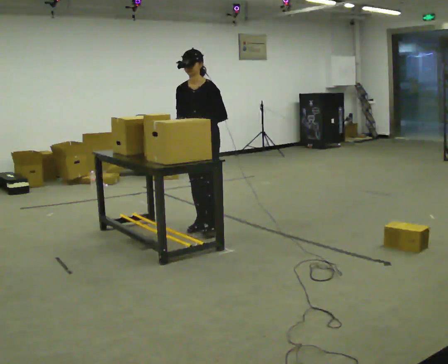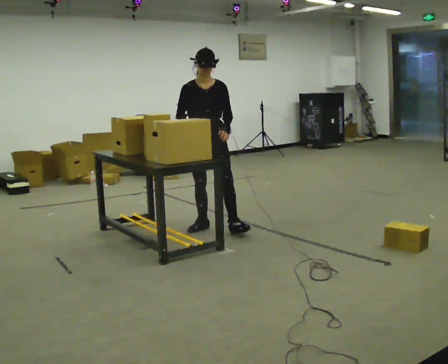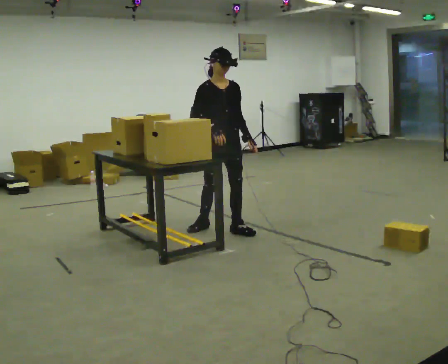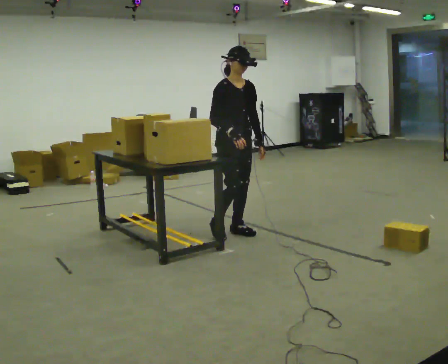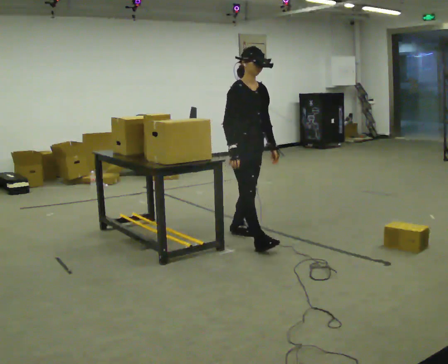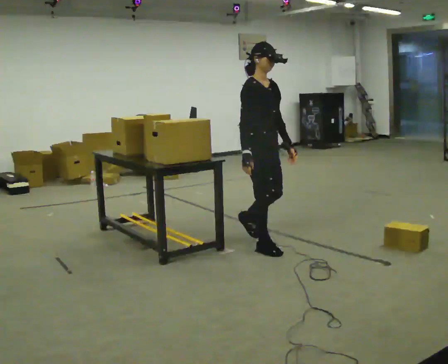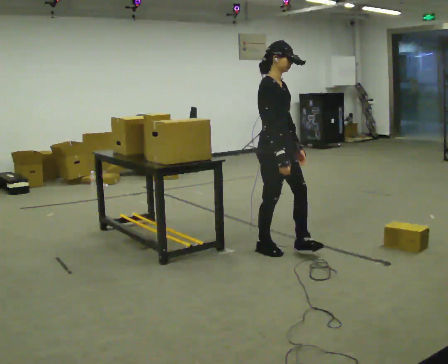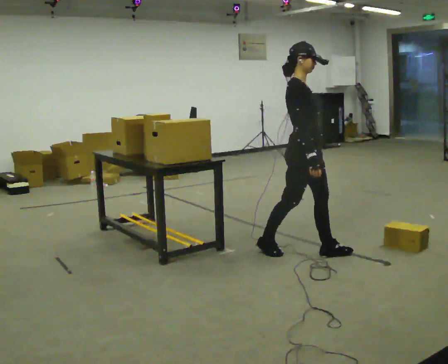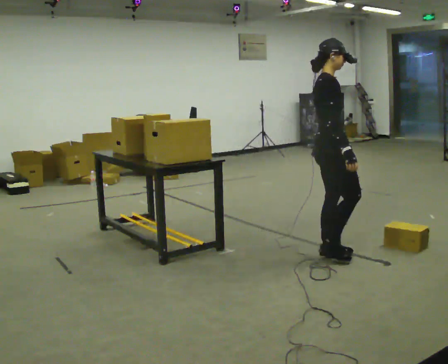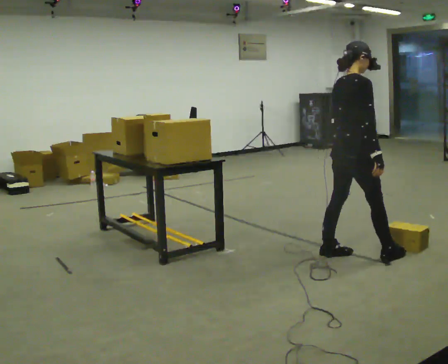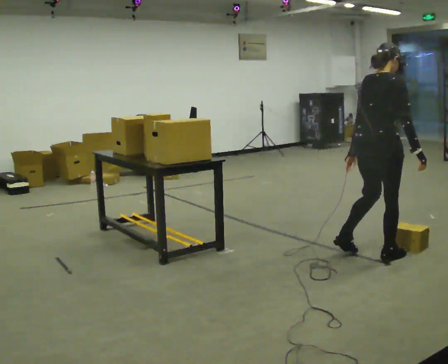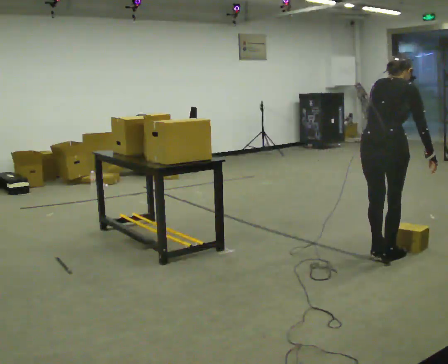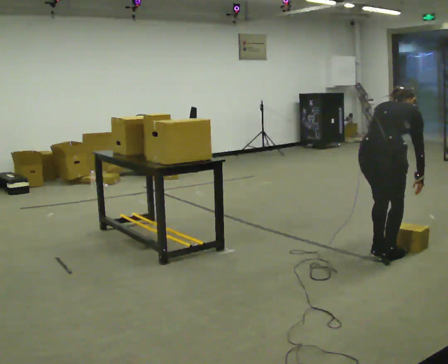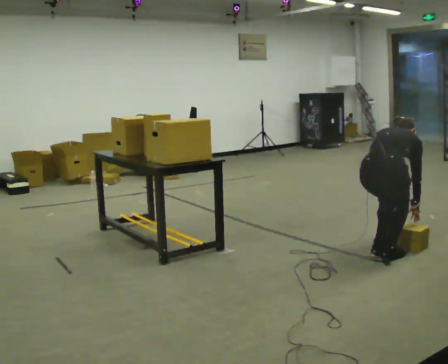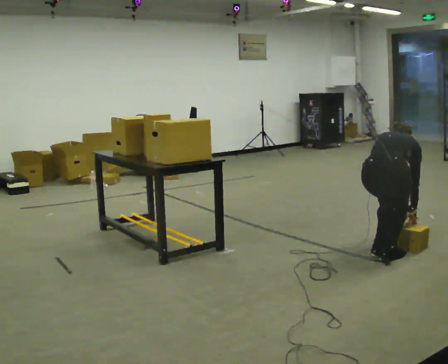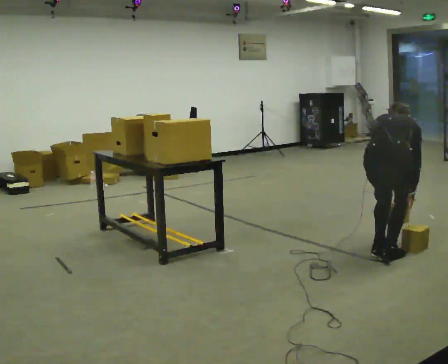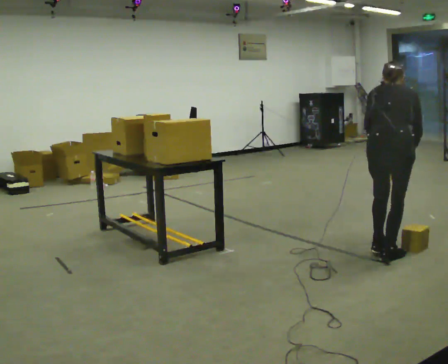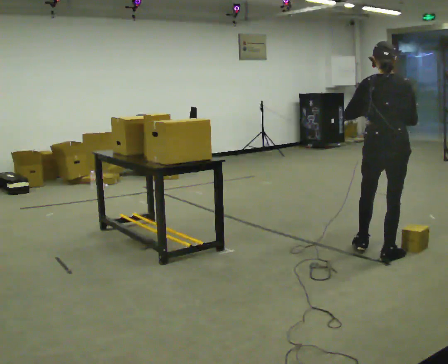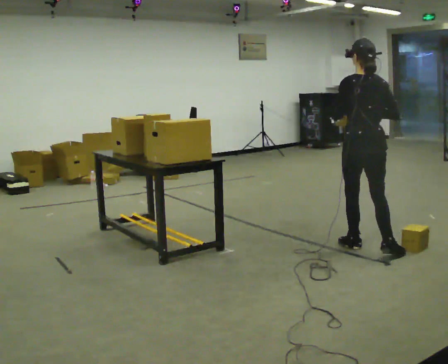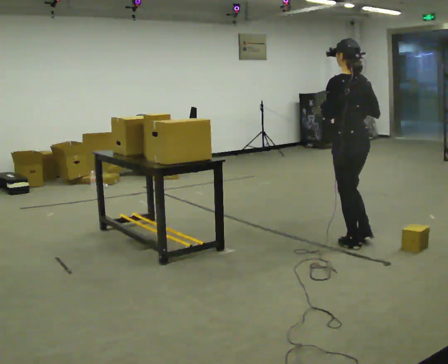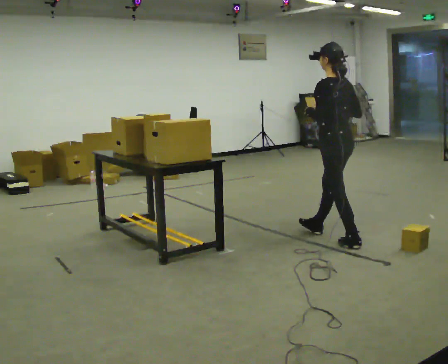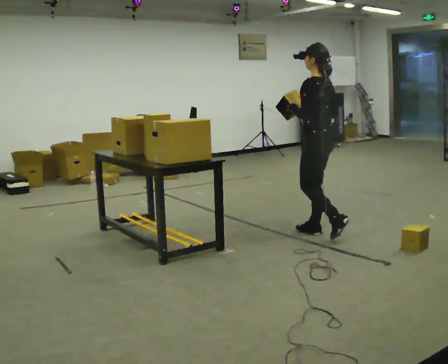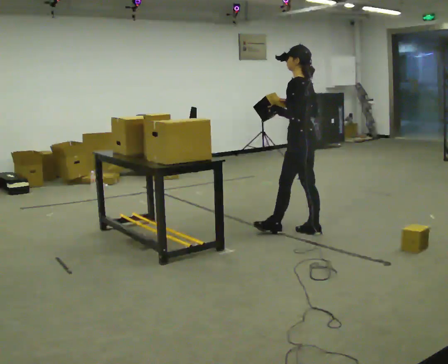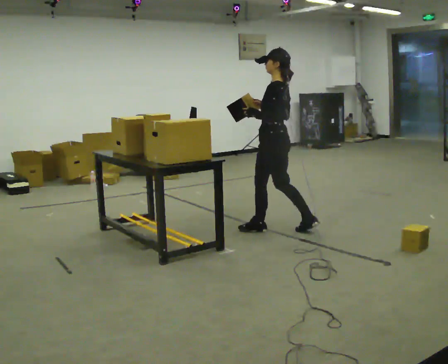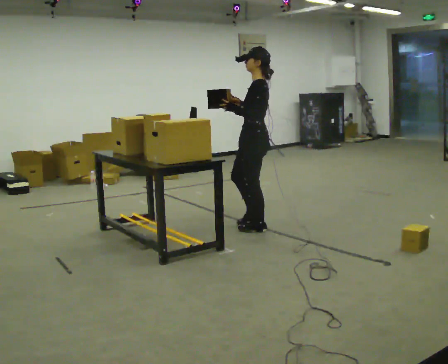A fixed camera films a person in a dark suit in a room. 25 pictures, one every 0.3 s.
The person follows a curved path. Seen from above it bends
counterclockwise.
The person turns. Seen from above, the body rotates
counterclockwise.
0.0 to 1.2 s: The person turns about 75 degrees to their left, counterclockwise seen from above, so the part of the body nearest the lens slides to the right. In the picture they go to the right and toward the camera, about 0.5 m in 1 step.
1.2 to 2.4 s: The part of the body nearest the lens slides to the right as the person turns to their left by about 45 degrees. In the picture they go to the right and toward the camera, about 1 m in 2 steps, which for them is forward.
2.4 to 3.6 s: The person turns about 60 degrees to their left, counterclockwise seen from above, so the part of the body nearest the lens slides to the right. In the picture they go to the right, about 0.5 m in 2 steps, which for them is to their right. The upper body goes downward. The upper body tips away from the camera, its near side rolling upward, as they bend forward.
3.6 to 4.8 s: The person moves a little, or ends about where they began.
4.8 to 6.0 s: The person turns about 75 degrees to their left, counterclockwise seen from above, so the part of the body nearest the lens slides to the right. In the picture they go away from the camera and to the left, about 0.5 m in 1 step. The upper body tips toward the camera, its near side rolling downward, as they lean back or straighten.
6.0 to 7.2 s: The part of the body nearest the lens slides to the right as the person turns to their left by about 45 degrees. In the picture they go to the left, about 0.5 m in 2 steps, which for them is forward.
The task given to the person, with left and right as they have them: Carry the object over and fit it into the gap between the two boxes already on the shelf, without touching either of them. Keep going until the operator says stop; one object at a time, and do not rush between trips.
The film runs forward here.
